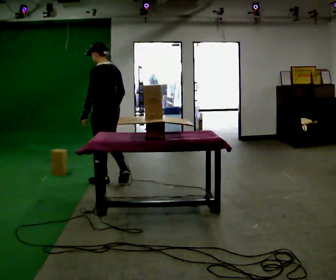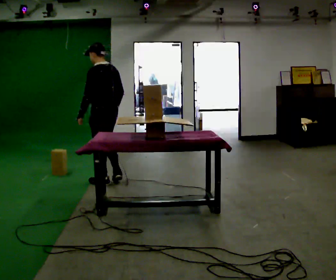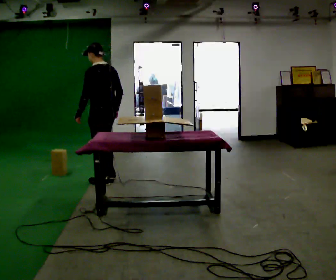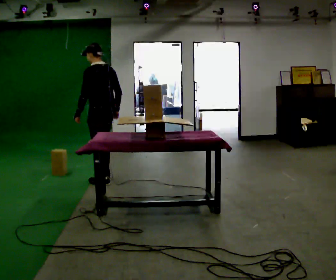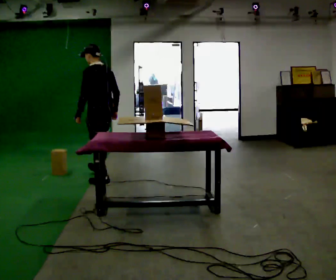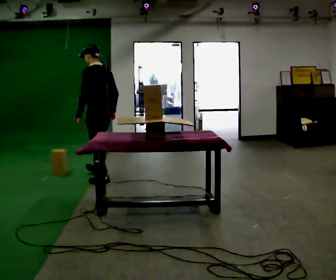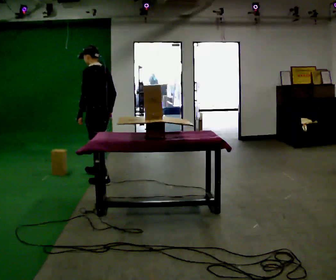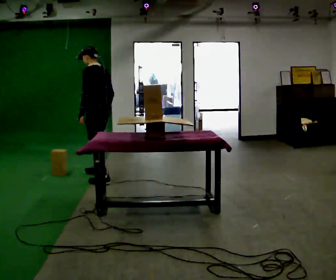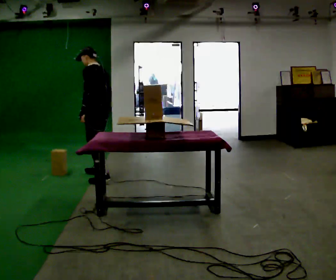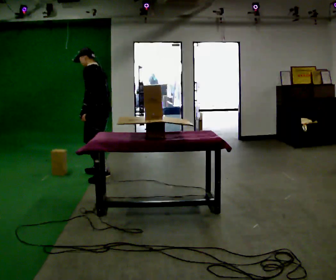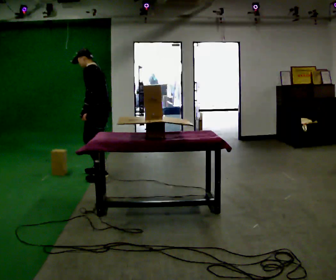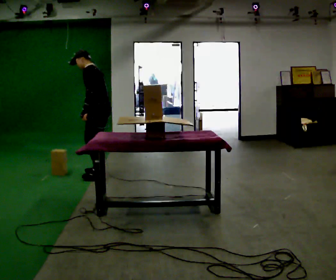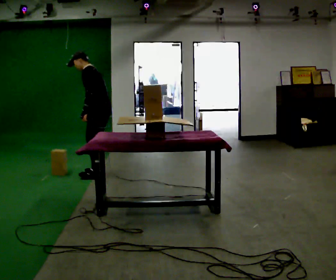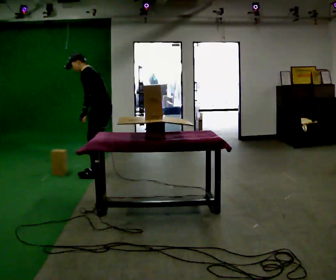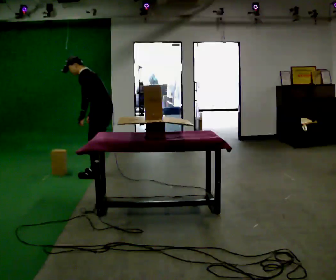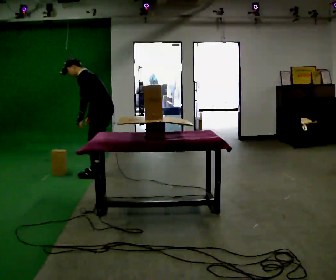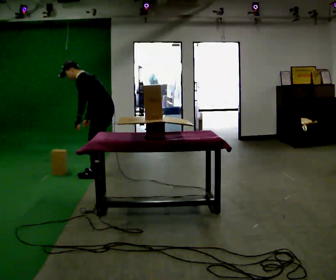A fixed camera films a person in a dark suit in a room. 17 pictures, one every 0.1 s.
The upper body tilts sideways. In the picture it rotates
counterclockwise.
0.0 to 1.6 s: The part of the body nearest the lens slides to the right as the person turns to their left by about 30 degrees. In the picture they go away from the camera, about 0.5 m in 2 steps, which for them is to their right and forward. In the picture the upper body tilts counterclockwise, shoulders to the left, as they bend forward.
The film runs forward here.
